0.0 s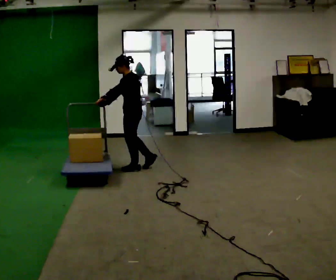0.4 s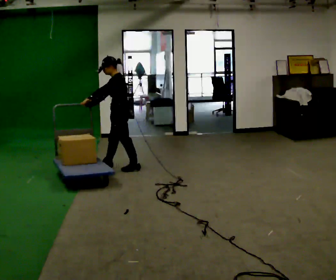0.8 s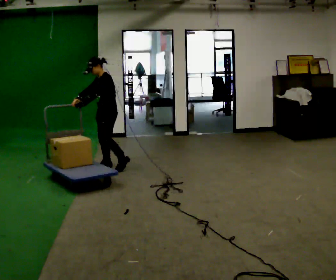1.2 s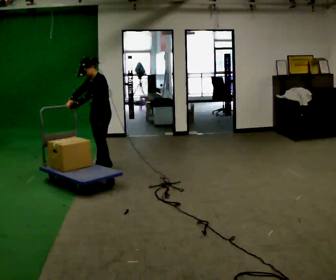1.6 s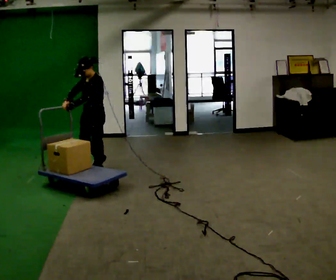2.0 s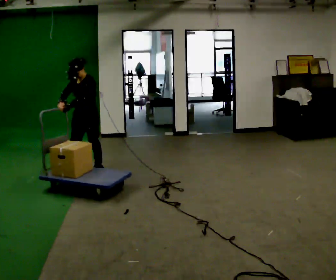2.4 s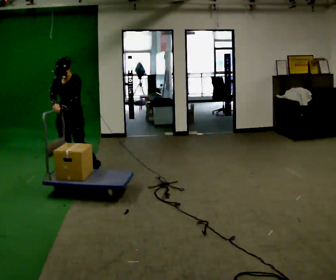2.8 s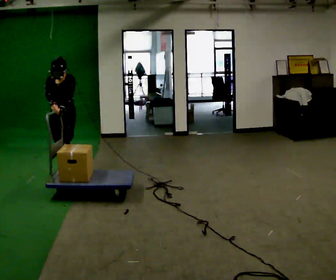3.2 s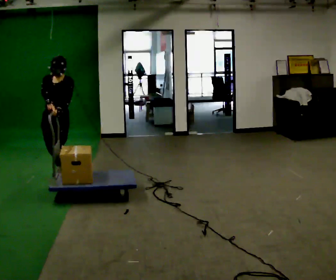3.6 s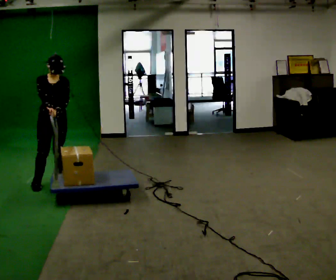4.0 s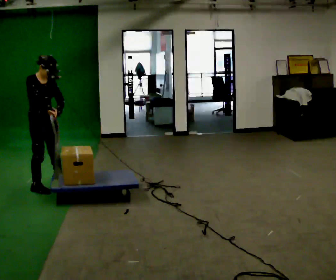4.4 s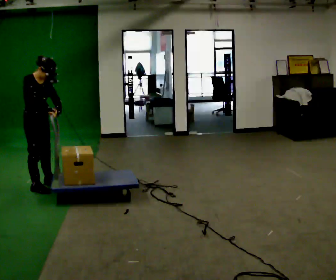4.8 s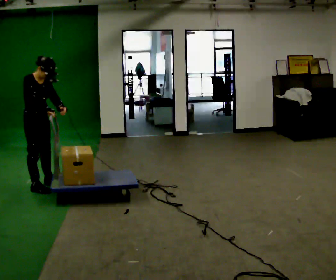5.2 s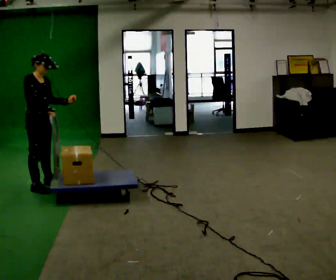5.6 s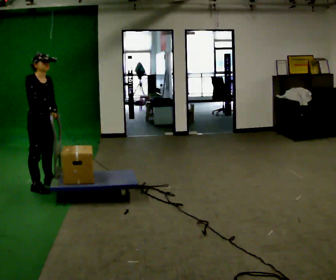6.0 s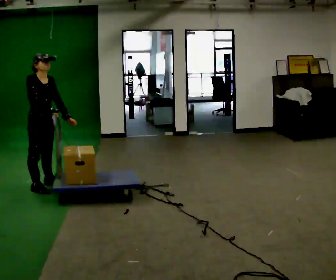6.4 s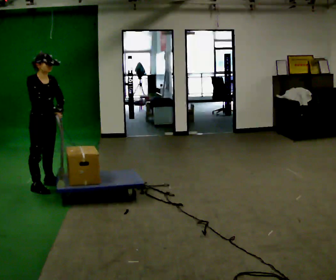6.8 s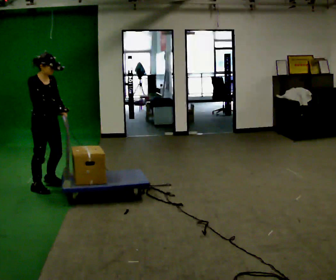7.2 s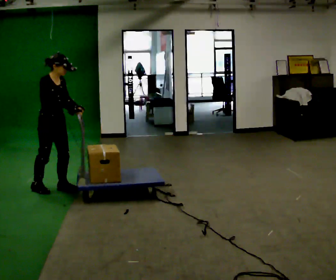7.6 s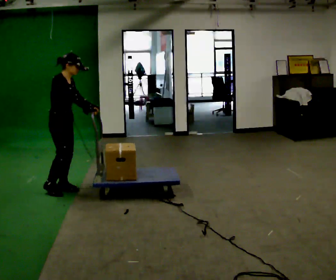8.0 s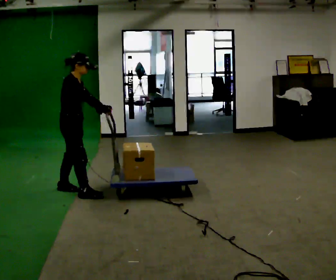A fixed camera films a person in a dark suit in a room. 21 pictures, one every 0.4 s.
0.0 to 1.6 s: The person turns about 45 degrees to their left, counterclockwise seen from above, so the part of the body nearest the lens slides to the right. In the picture they go to the left, about 0.5 m in 2 steps, which for them is forward.
1.6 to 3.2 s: The person turns about 45 degrees to their left, counterclockwise seen from above, so the part of the body nearest the lens slides to the right. In the picture they go to the left and toward the camera, about 0.5 m in 2 steps, which for them is forward and to their right.
3.2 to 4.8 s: Seen from above the body turns counterclockwise, about 75 degrees: to their left, with its near side sliding to the right. In the picture they go toward the camera and to the left, about 0.25 m in 2 steps.
4.8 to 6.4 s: The person moves a little, or ends about where they began.
6.4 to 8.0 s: The person turns about 30 degrees to their left, counterclockwise seen from above, so the part of the body nearest the lens slides to the right. In the picture they go to the right, about 0.25 m in 2 steps, which for them is forward.
The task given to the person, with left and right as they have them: Push the cart across the room and back. The operator will change how much is loaded on it between takes and will tell you each time.
The film runs forward here.
